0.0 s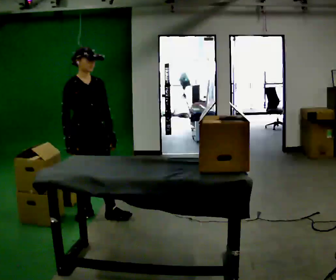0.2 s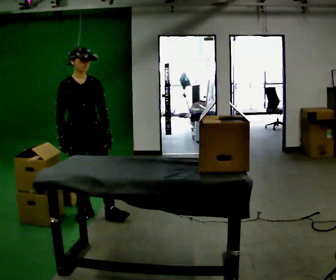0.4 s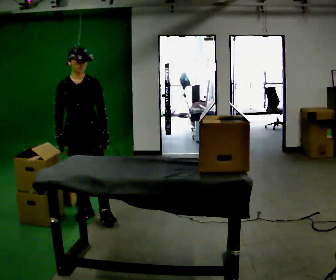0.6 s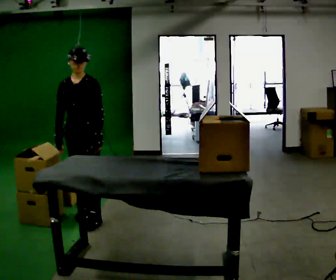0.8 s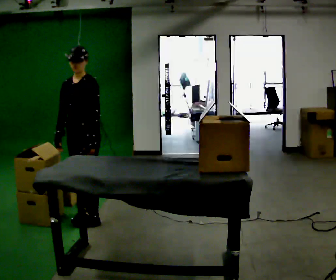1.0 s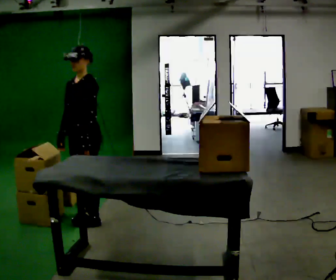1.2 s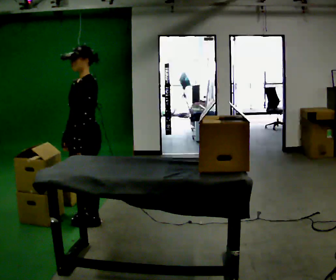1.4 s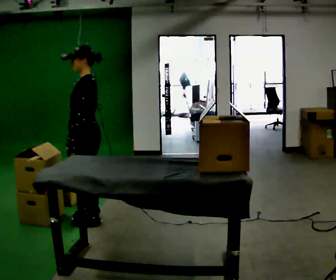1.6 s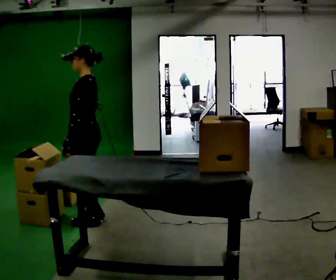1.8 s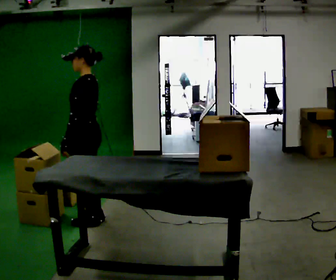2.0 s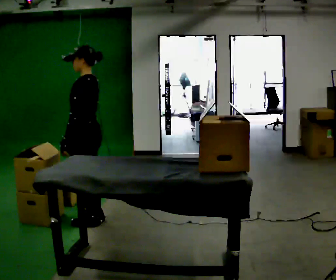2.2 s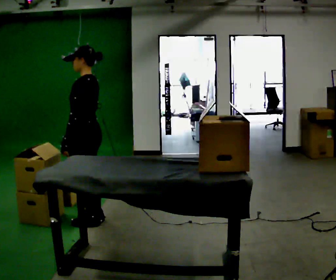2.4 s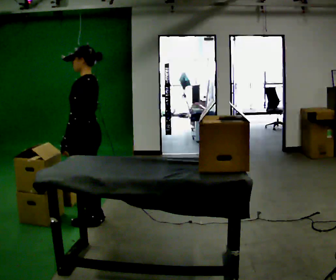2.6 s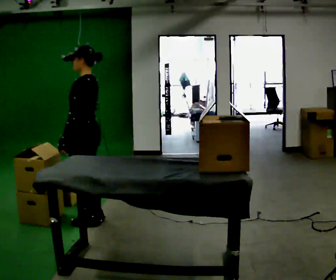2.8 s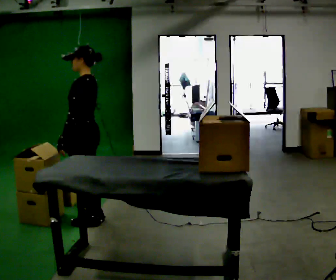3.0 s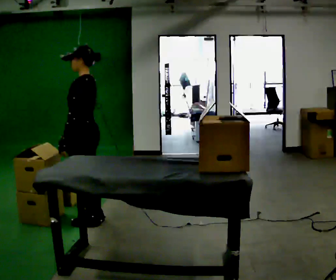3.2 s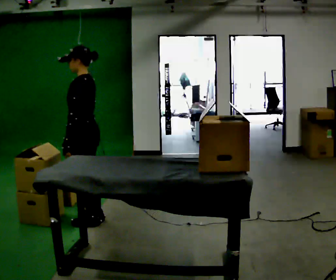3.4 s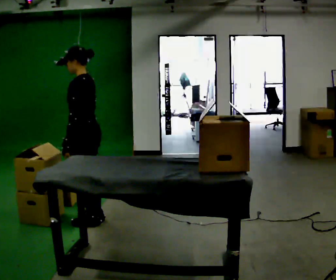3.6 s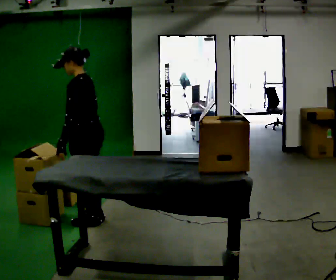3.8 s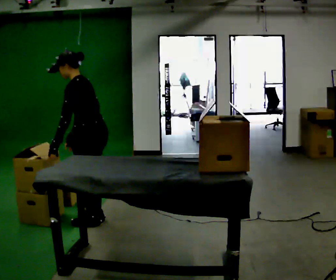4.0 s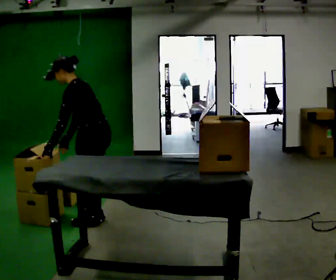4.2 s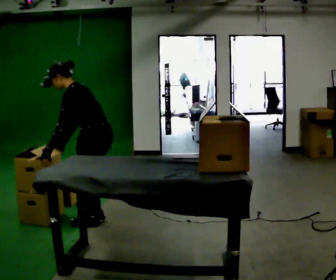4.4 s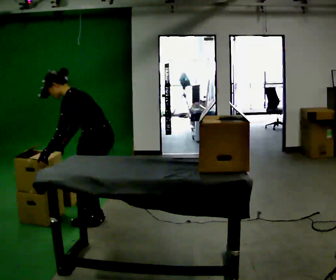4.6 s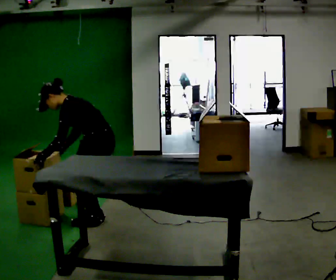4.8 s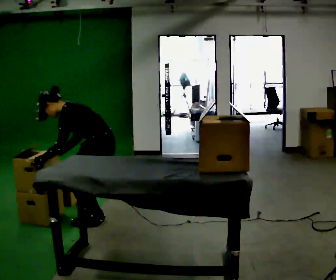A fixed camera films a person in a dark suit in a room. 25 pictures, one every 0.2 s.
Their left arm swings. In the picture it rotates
clockwise.
The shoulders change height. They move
downward.
0.0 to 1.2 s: The person turns about 105 degrees to their right, clockwise seen from above, so the part of the body nearest the lens slides to the left.
1.2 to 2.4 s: Seen from above the body turns clockwise, about 45 degrees: to their right, with its near side sliding to the left.
2.4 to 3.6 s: The person moves a little, or ends about where they began.
3.6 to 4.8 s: The upper body goes downward. In the picture the upper body tilts counterclockwise, shoulders to the left, as they bend forward.
The film runs backward here.
